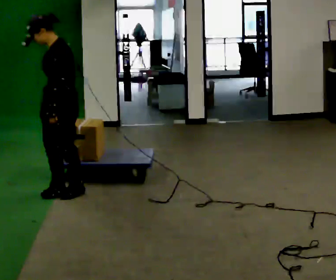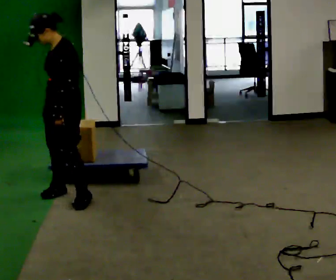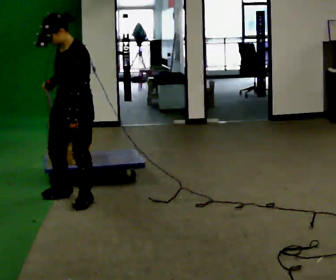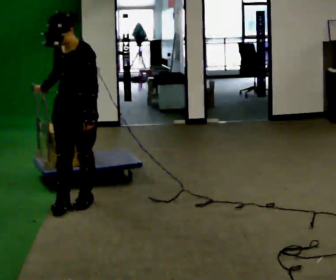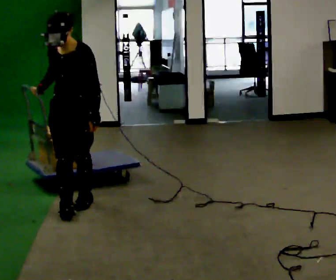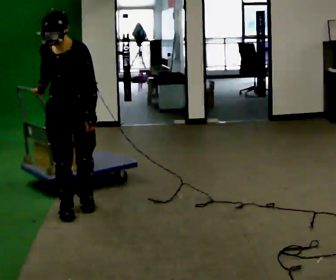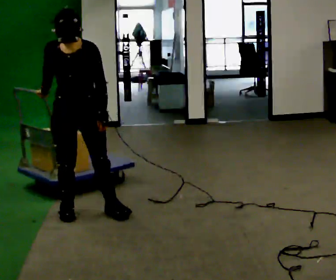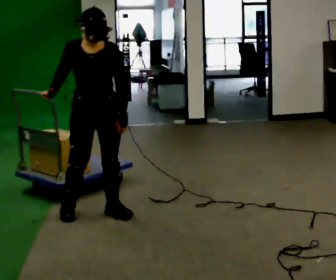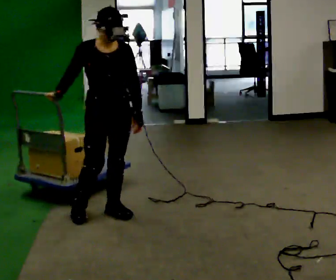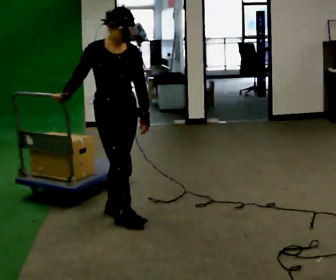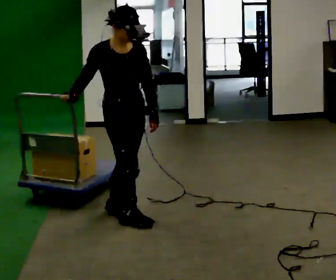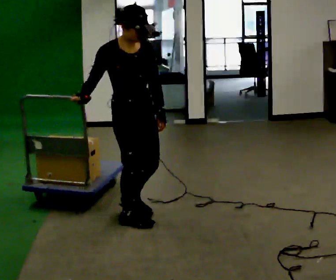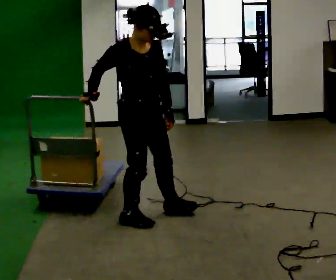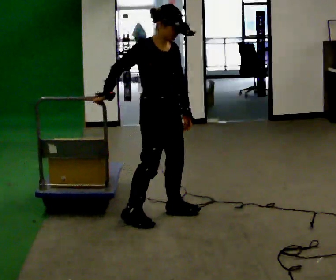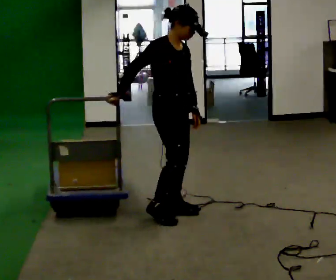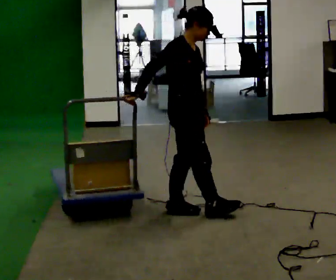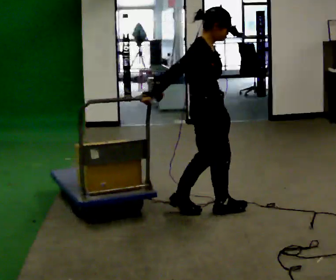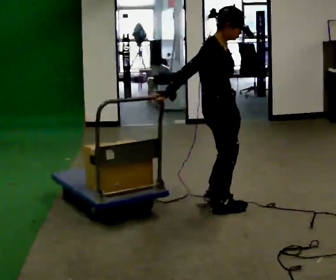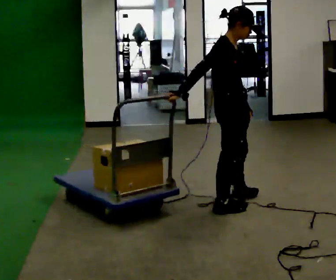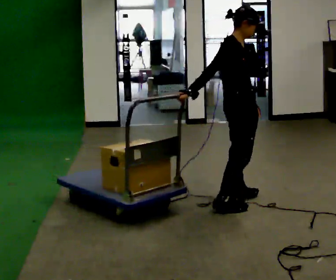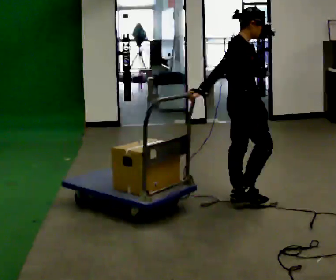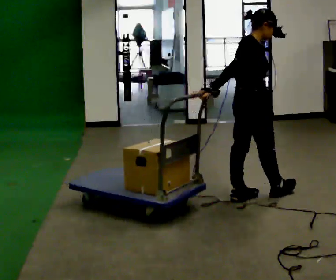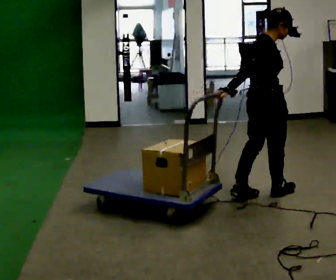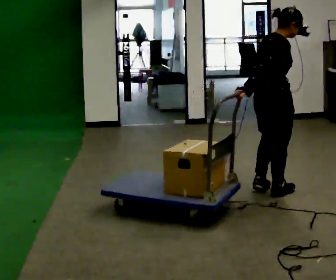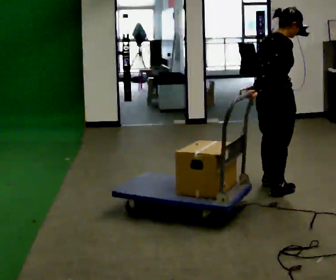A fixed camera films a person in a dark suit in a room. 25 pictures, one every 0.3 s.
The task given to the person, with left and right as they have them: Pull the cart behind you as you walk backward across the room. The operator will confirm the space behind you is clear before each take.
0.0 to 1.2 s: The person turns about 45 degrees to their left, counterclockwise seen from above, so the part of the body nearest the lens slides to the right. In the picture they go toward the camera, about 0.25 m in 2 steps, which for them is to their left.
1.2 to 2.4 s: The part of the body nearest the lens slides to the right as the person turns to their left by about 30 degrees. In the picture they go to the right and toward the camera, about 0.25 m in 1 step, which for them is to their left and forward.
2.4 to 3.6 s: The person turns about 30 degrees to their left, counterclockwise seen from above, so the part of the body nearest the lens slides to the right. In the picture they go to the right and toward the camera, about 0.25 m in 1 step, which for them is forward.
3.6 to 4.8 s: Seen from above the body turns counterclockwise, about 45 degrees: to their left, with its near side sliding to the right. In the picture they go to the right, about 0.5 m in 2 steps, which for them is forward and to their left.
4.8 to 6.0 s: In the picture they go to the right and away from the camera, about 0.25 m in 1 step, which for them is forward and to their left.
6.0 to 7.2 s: In the picture they go to the right, about 0.25 m in 2 steps, which for them is forward.
The film runs forward here.
